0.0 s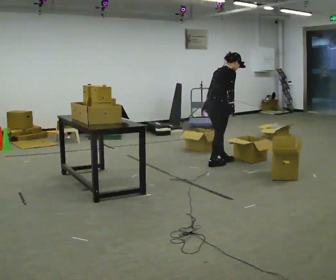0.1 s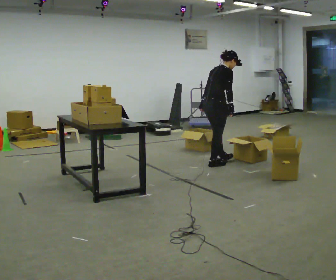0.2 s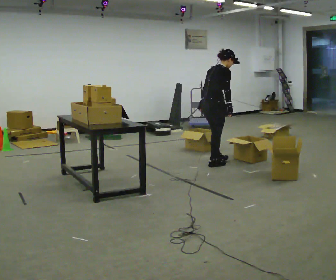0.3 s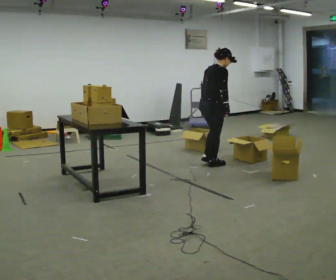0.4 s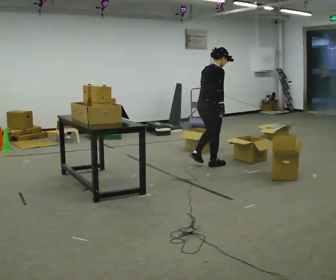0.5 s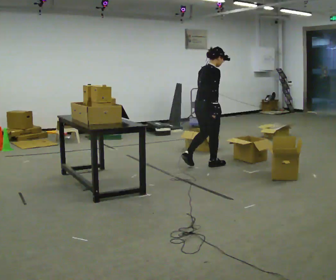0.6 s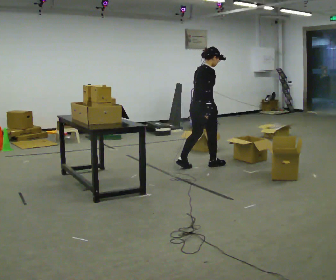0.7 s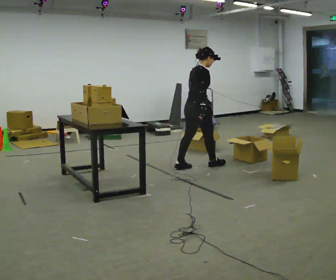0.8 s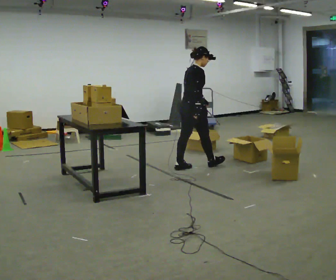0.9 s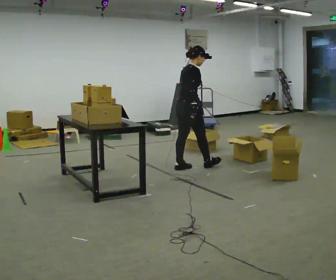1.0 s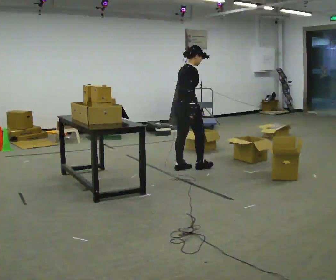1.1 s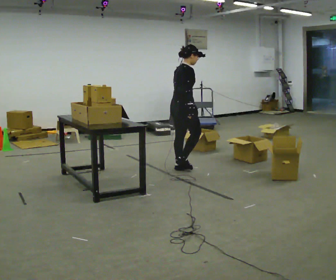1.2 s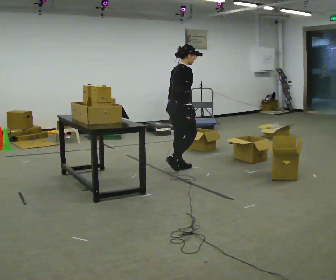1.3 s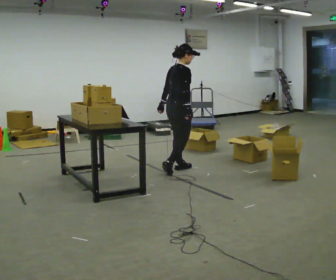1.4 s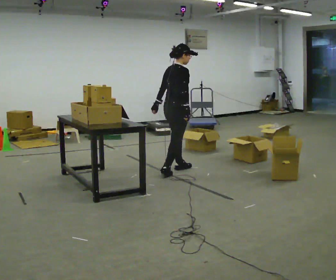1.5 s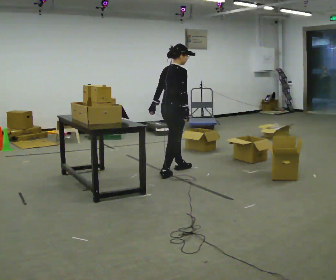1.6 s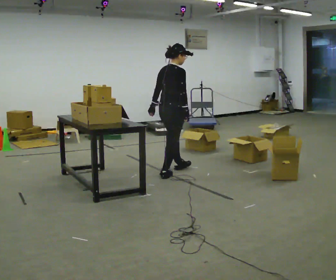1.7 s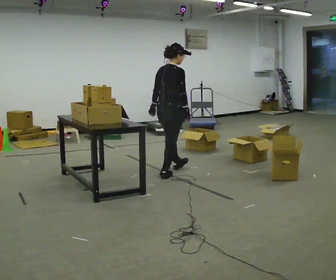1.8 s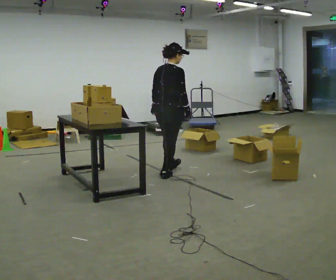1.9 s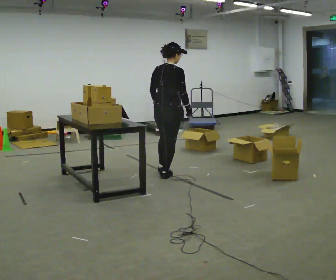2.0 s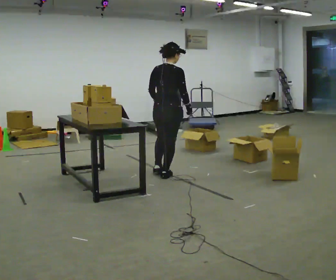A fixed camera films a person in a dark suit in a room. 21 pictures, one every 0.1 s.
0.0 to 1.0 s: In the picture they go to the left and toward the camera, about 0.5 m in 2 steps, which for them is backward. In the picture the upper body tilts counterclockwise, shoulders to the left, as they lean back or straighten.
1.0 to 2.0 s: Seen from above the body turns counterclockwise, about 30 degrees: to their left, with its near side sliding to the right. In the picture they go toward the camera and to the left, about 0.5 m in 1 step, which for them is backward.
The film runs backward here.
